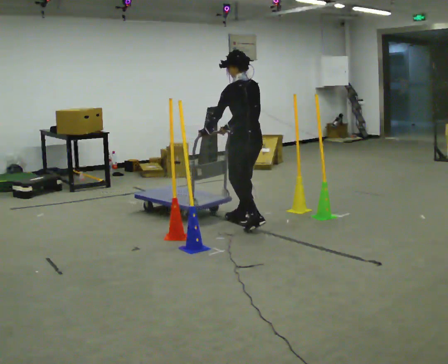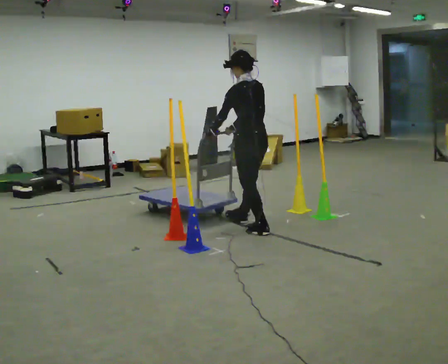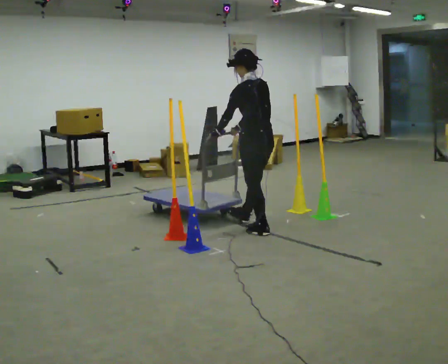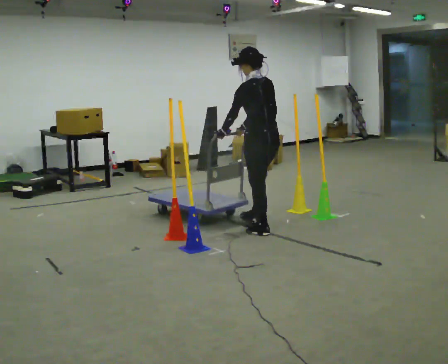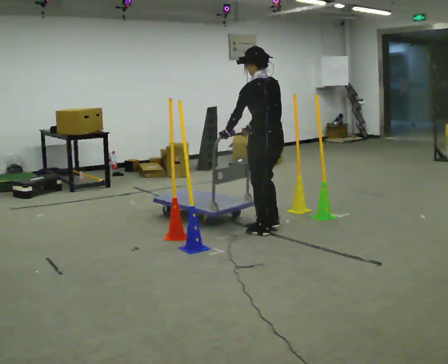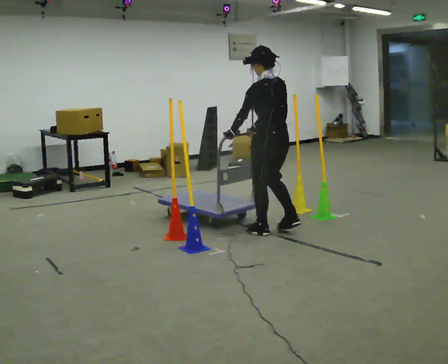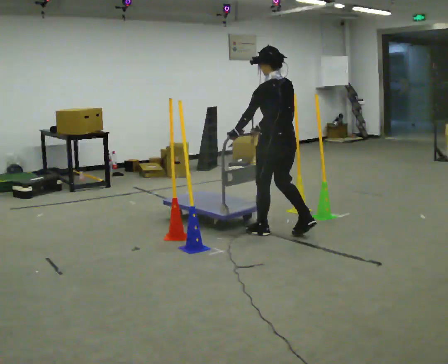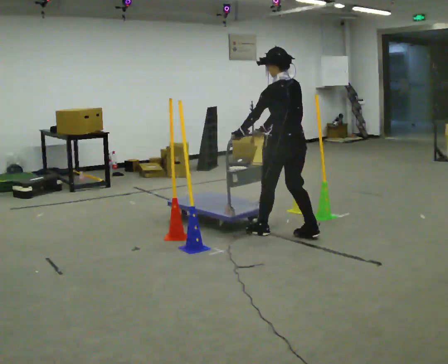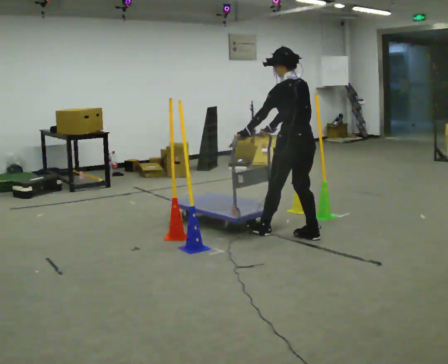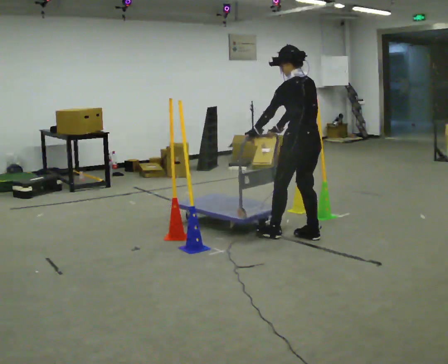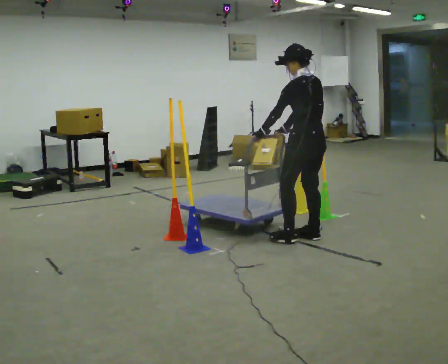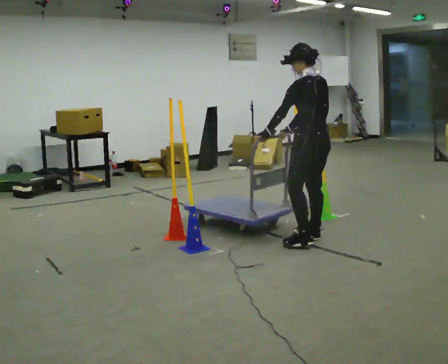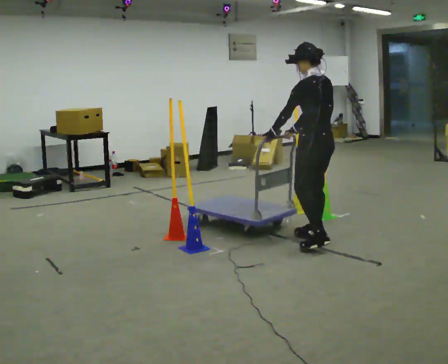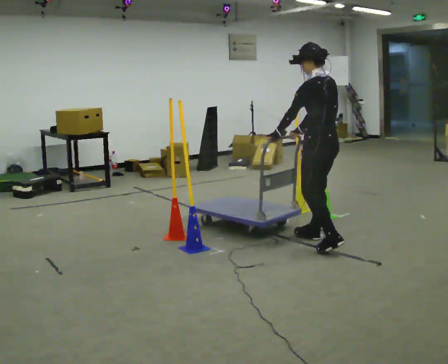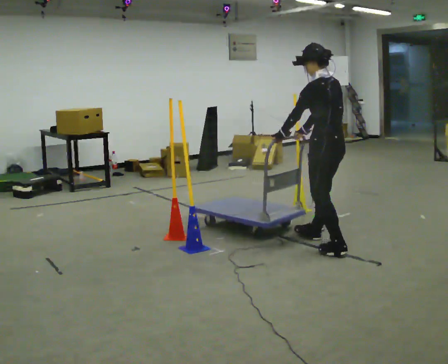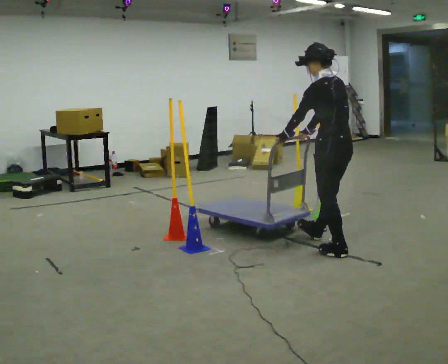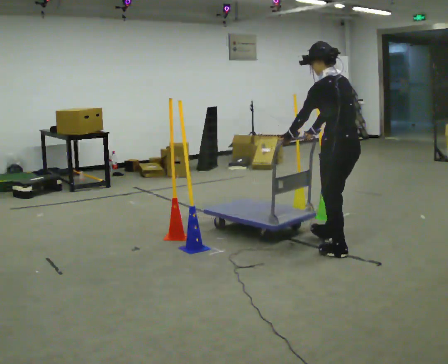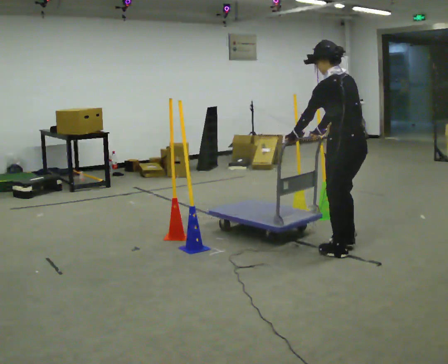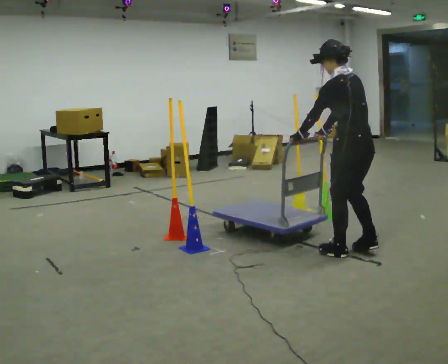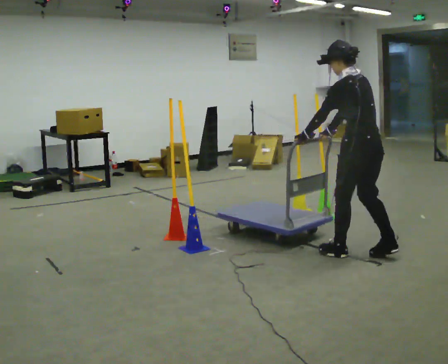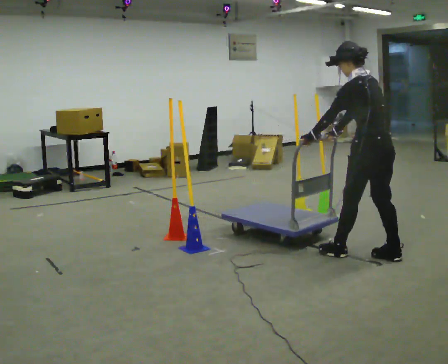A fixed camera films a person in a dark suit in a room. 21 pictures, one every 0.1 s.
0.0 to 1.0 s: In the picture they go to the right and toward the camera, about 0.75 m in 2 steps, which for them is backward.
1.0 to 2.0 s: In the picture they go toward the camera and to the right, about 0.75 m in 2 steps, which for them is backward.
The film runs forward here.
